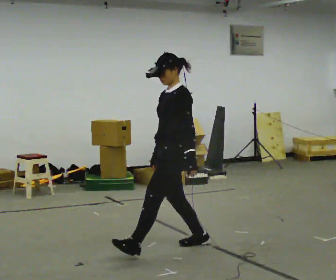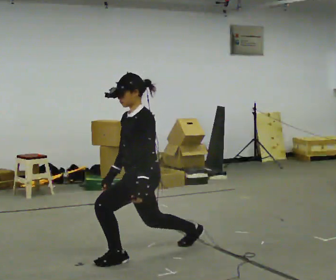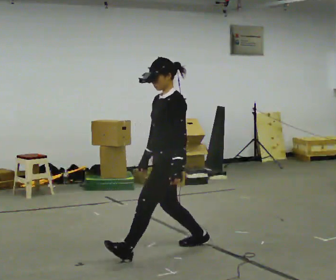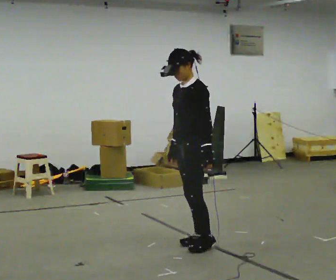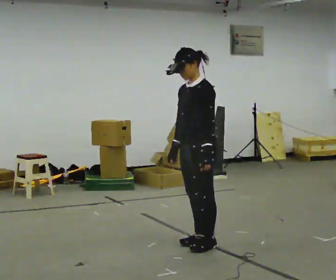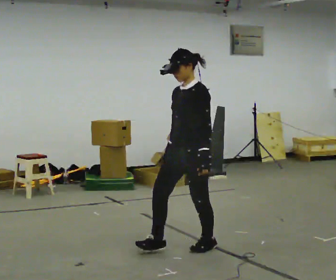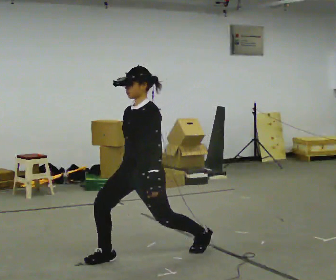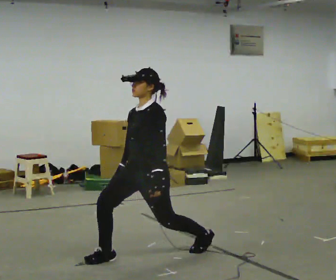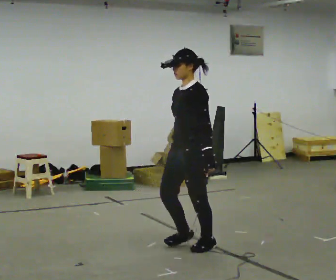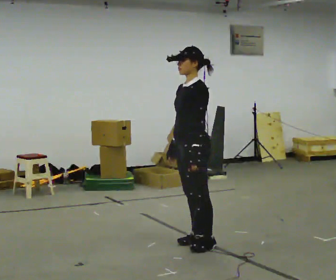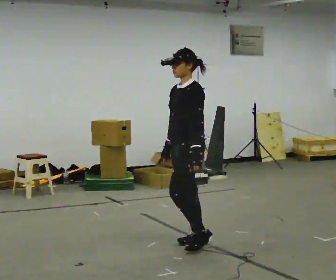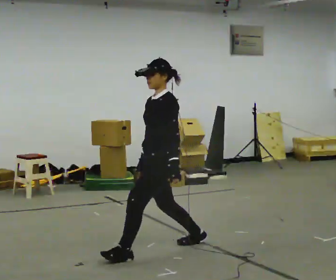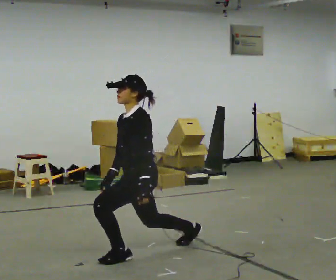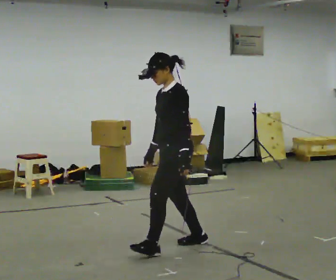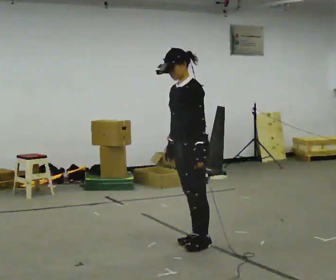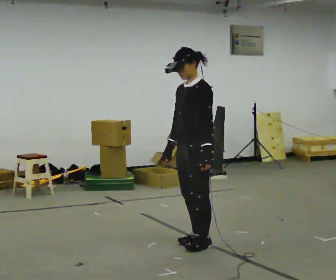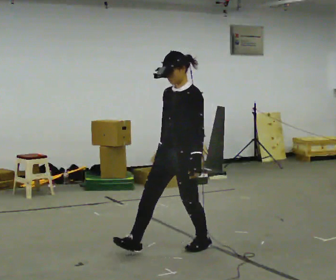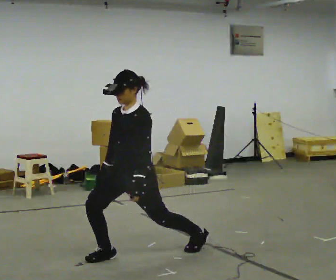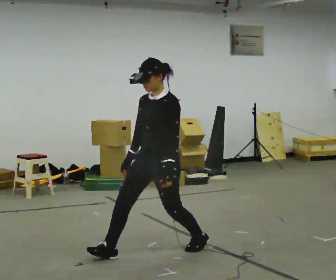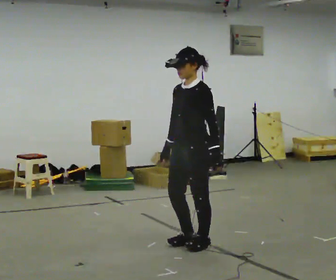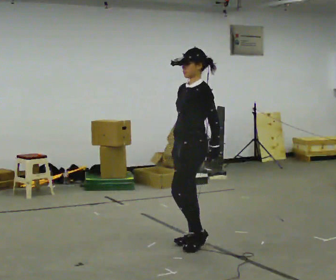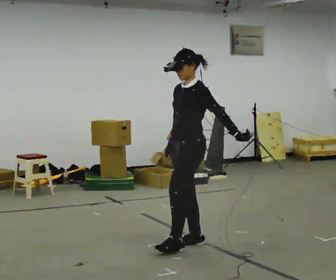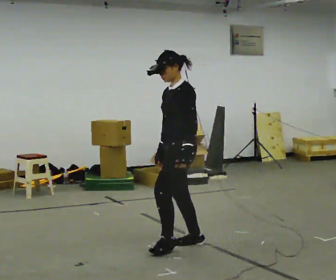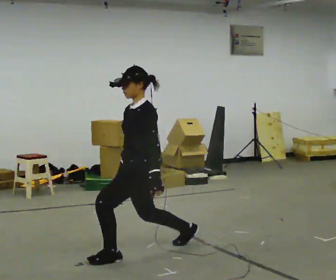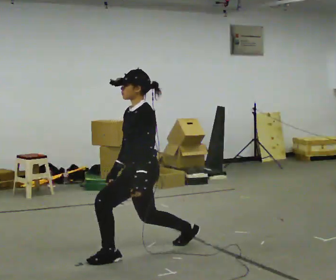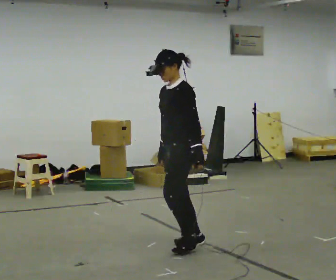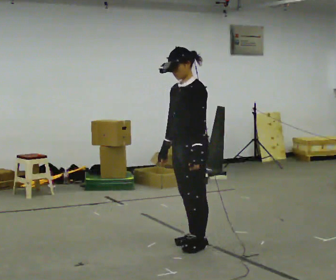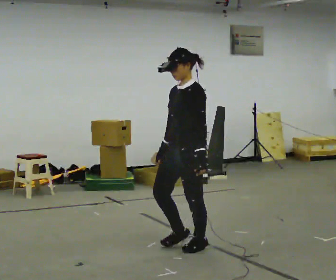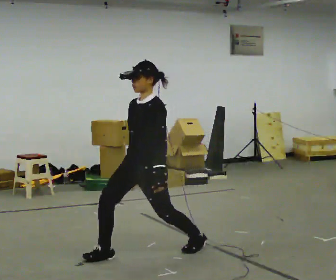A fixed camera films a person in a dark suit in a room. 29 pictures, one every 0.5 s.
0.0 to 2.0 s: In the picture they go to the right, about 0.25 m in 2 steps, which for them is backward.
2.0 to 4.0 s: The person moves a little, or ends about where they began.
4.0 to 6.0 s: In the picture they go to the left and toward the camera, about 0.5 m in 2 steps, which for them is forward. The upper body goes downward.
6.0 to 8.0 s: The person turns about 30 degrees to their left, counterclockwise seen from above, so the part of the body nearest the lens slides to the right. In the picture they go to the right and away from the camera, about 0.25 m in 1 step, which for them is backward.
8.0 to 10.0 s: In the picture they go away from the camera, about 0.25 m in 2 steps, which for them is backward.
10.0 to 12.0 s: In the picture they go to the left and toward the camera, about 0.5 m in 2 steps, which for them is forward.
12.0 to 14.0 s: The part of the body nearest the lens slides to the right as the person turns to their left by about 30 degrees.
The film runs forward here.
